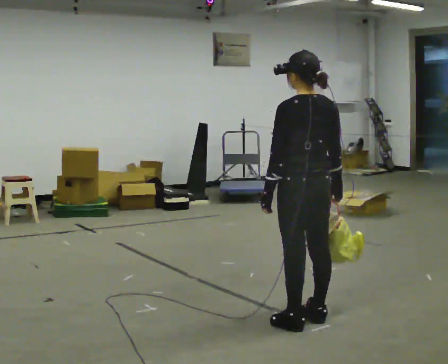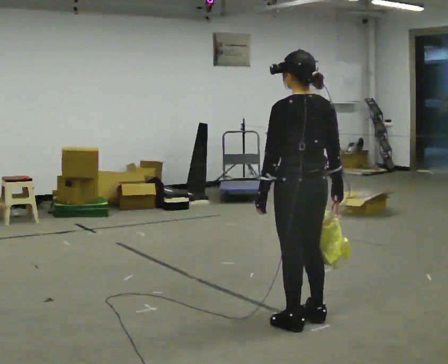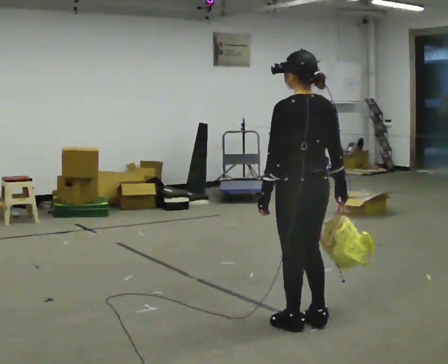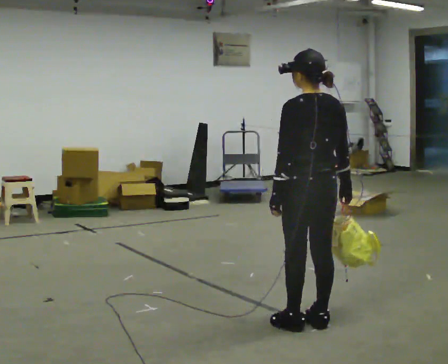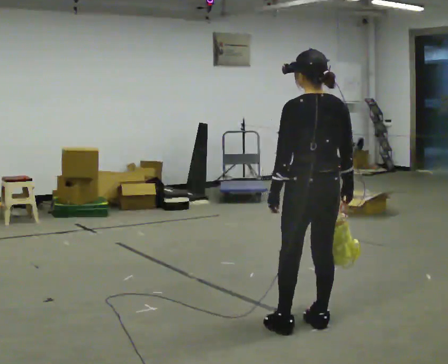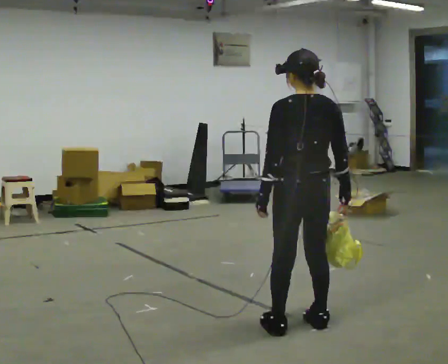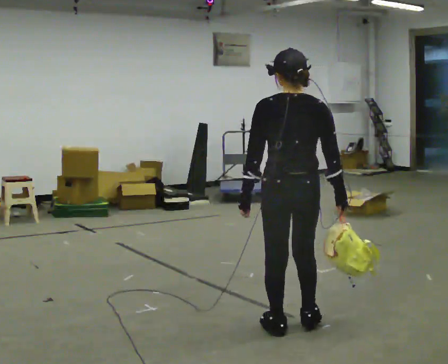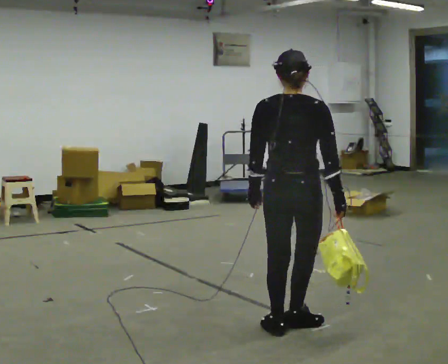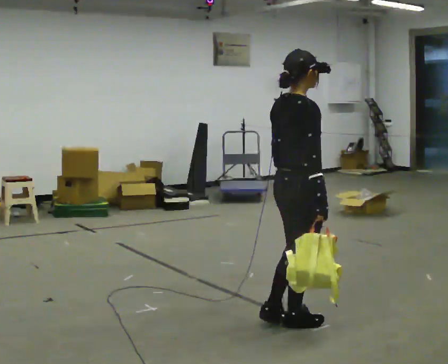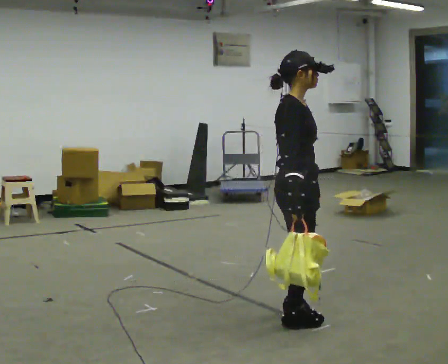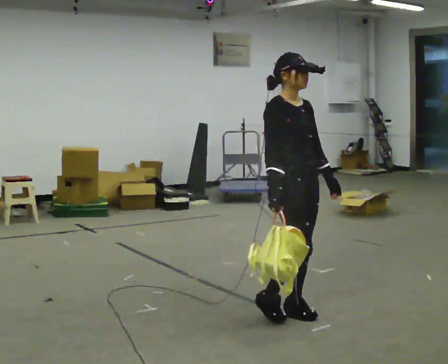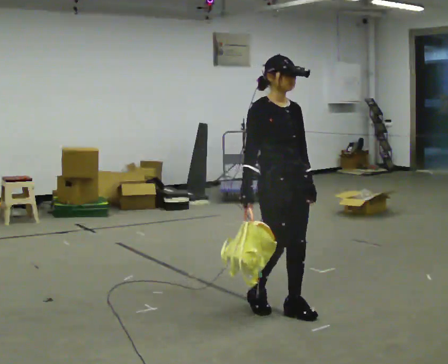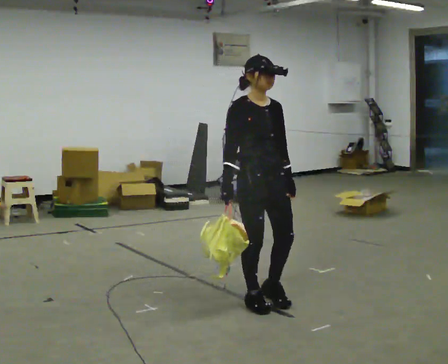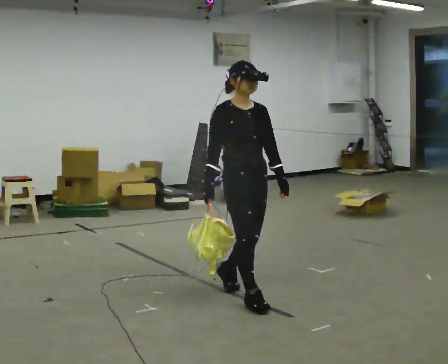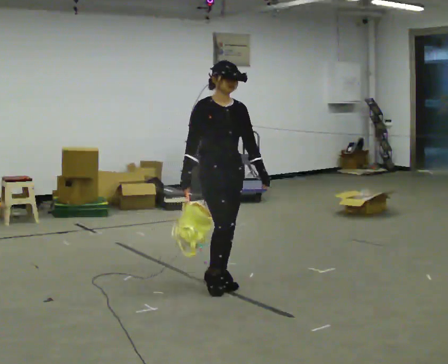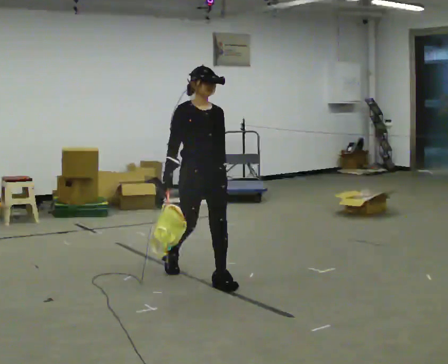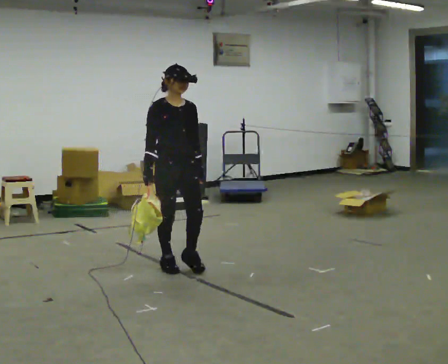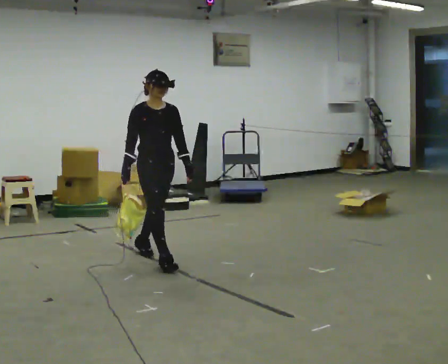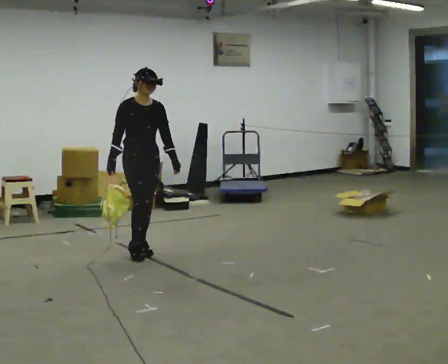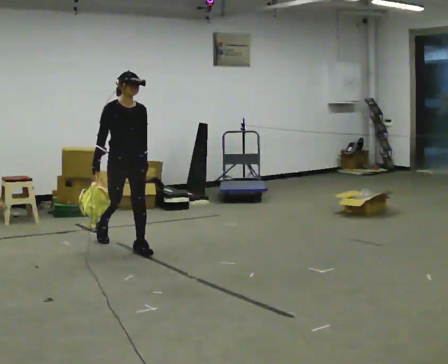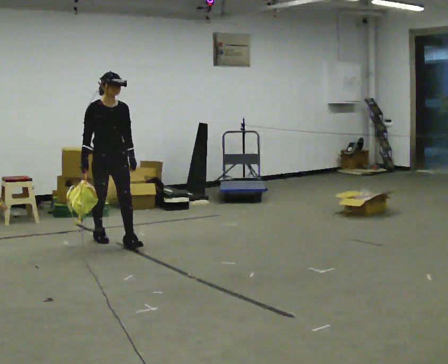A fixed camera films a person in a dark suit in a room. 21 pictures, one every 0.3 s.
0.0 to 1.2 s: The person moves a little, or ends about where they began.
1.2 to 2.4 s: The person turns about 90 degrees to their right, clockwise seen from above, so the part of the body nearest the lens slides to the left.
2.4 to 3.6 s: Seen from above the body turns clockwise, about 75 degrees: to their right, with its near side sliding to the left. In the picture they go away from the camera and to the left, about 0.5 m in 2 steps.
3.6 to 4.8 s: In the picture they go to the left and away from the camera, about 1 m in 2 steps, which for them is backward.
4.8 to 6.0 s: In the picture they go to the left and away from the camera, about 1 m in 2 steps, which for them is backward.
The film runs backward here.
